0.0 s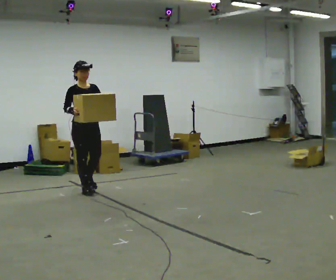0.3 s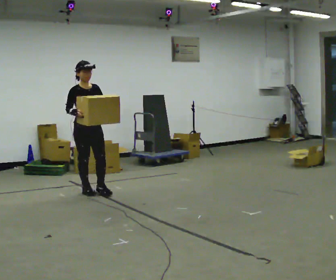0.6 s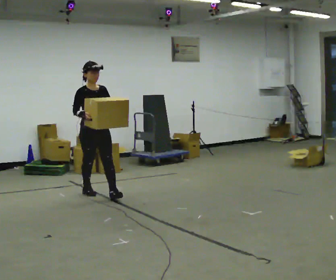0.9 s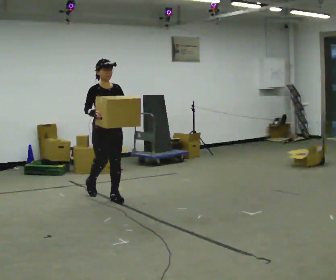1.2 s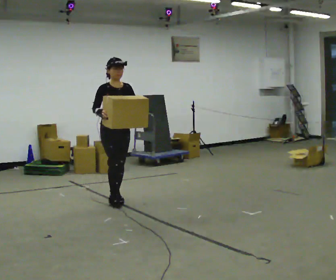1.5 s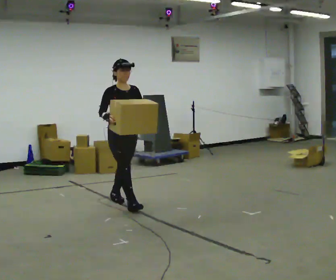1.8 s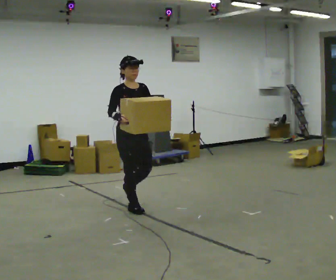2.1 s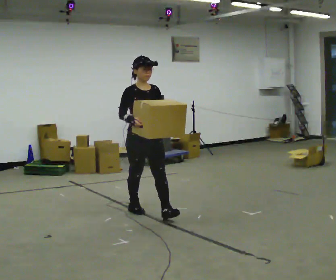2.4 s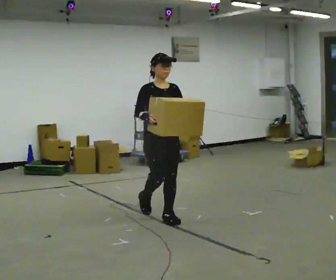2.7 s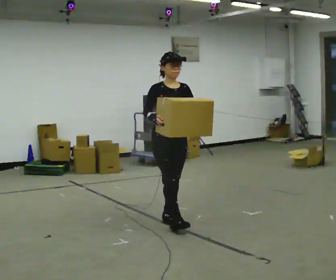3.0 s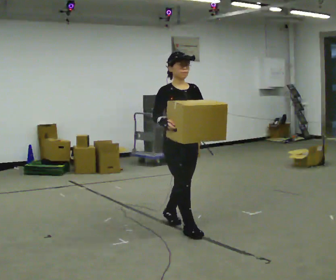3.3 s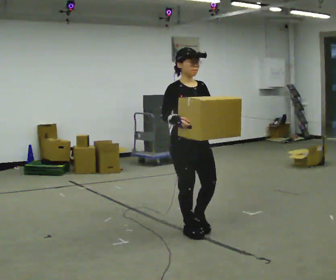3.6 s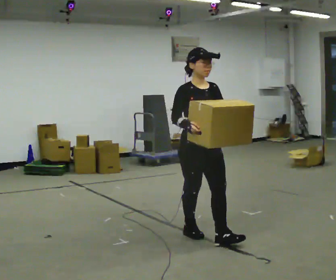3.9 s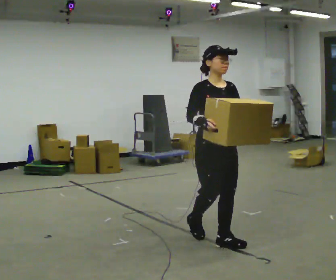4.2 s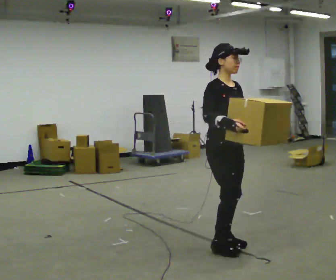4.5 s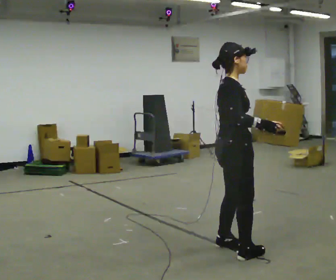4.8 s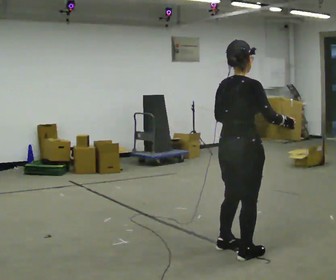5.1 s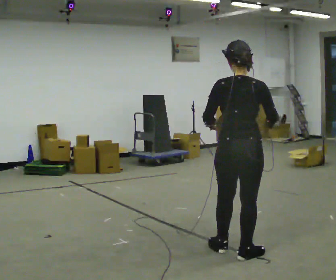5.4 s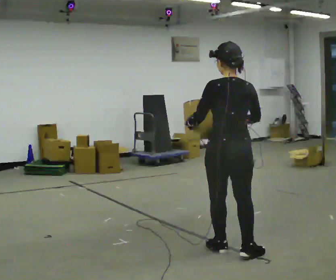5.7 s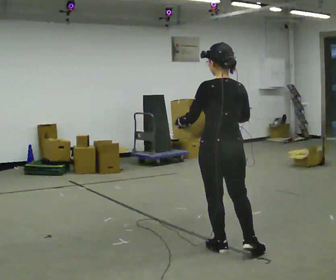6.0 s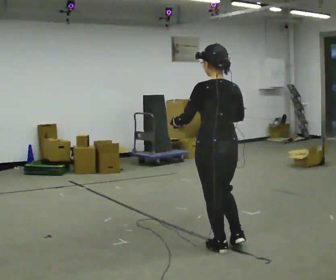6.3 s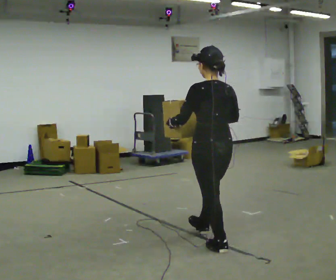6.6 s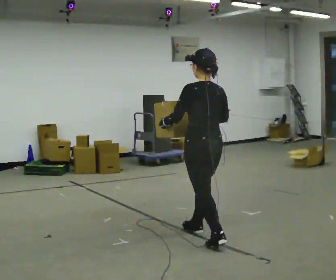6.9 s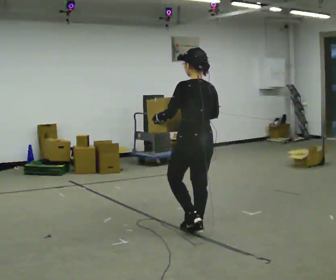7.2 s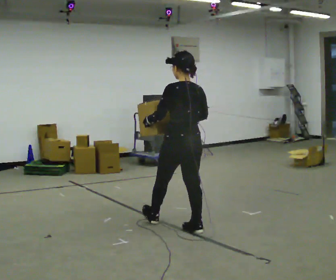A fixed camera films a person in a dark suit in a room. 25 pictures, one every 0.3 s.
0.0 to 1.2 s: In the picture they go to the right and toward the camera, about 0.5 m in 1 step, which for them is forward.
1.2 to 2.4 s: In the picture they go toward the camera and to the right, about 1 m in 2 steps, which for them is forward.
2.4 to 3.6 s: In the picture they go toward the camera and to the right, about 0.5 m in 2 steps, which for them is forward.
3.6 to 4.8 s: Seen from above the body turns counterclockwise, about 120 degrees: to their left, with its near side sliding to the right. In the picture they go toward the camera and to the right, about 0.5 m in 1 step.
4.8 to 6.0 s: The person turns about 60 degrees to their left, counterclockwise seen from above, so the part of the body nearest the lens slides to the right. In the picture they go away from the camera and to the left, about 0.25 m, which for them is forward.
6.0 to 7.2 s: In the picture they go away from the camera and to the left, about 0.75 m in 2 steps, which for them is forward.
The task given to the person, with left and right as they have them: Carry the heavy box in both hands in front of you, walking back and forth across the room. Keep walking until the operator says stop. Set it down if you need a rest.
The film runs forward here.
